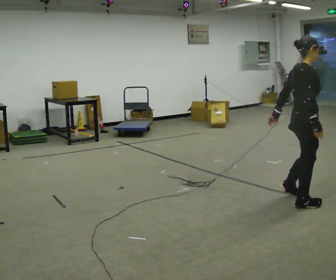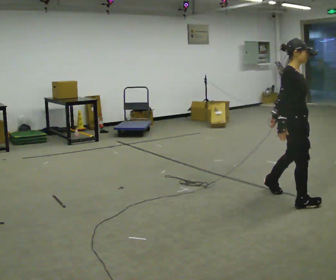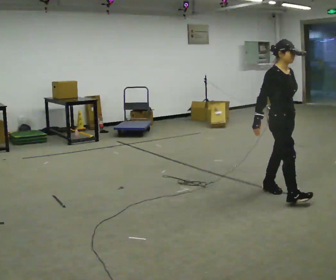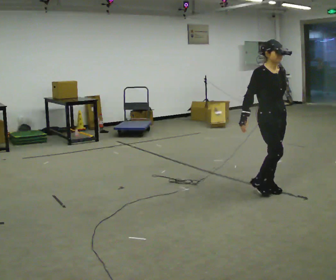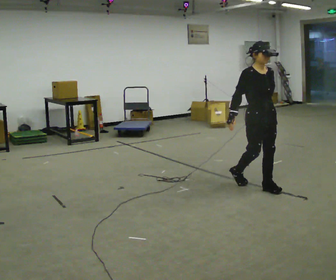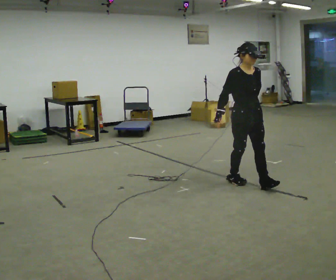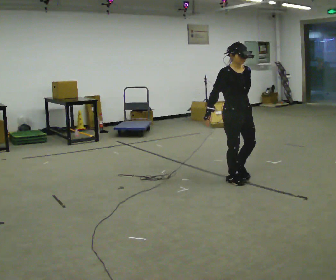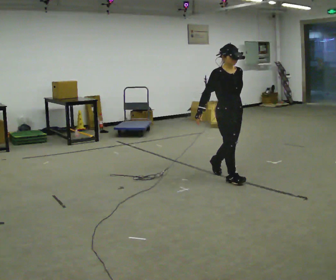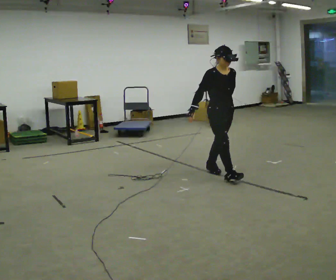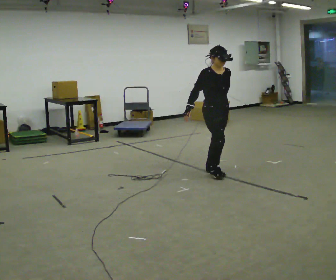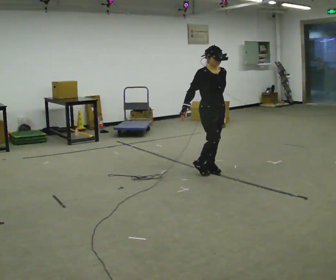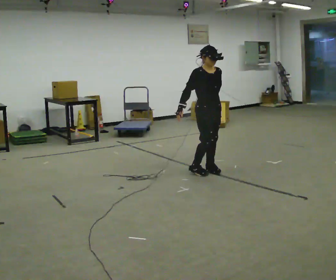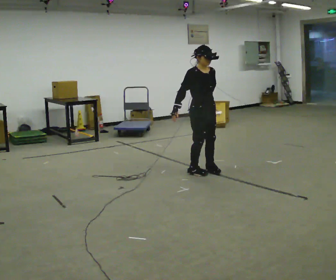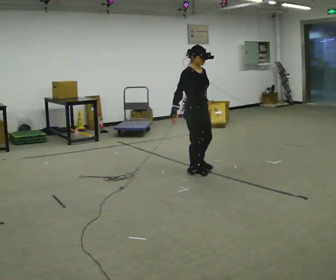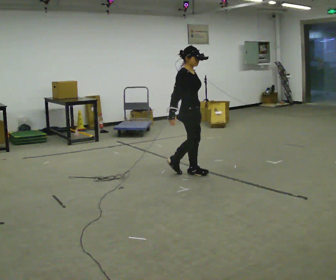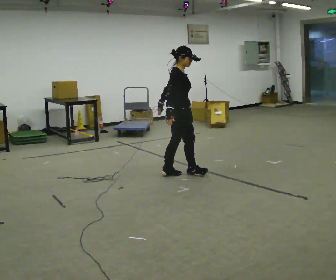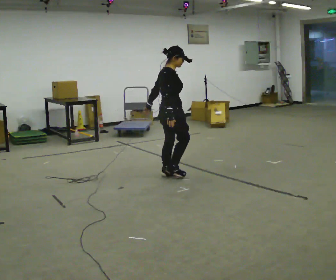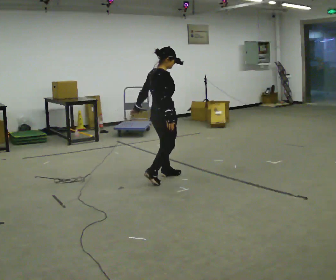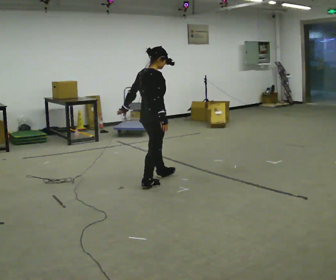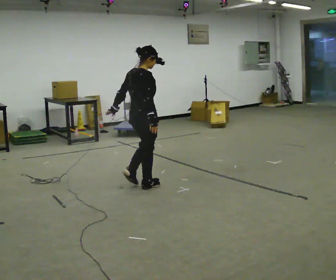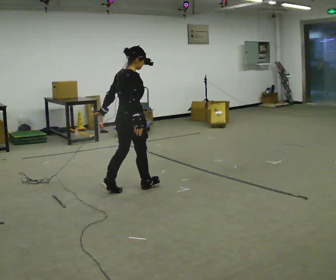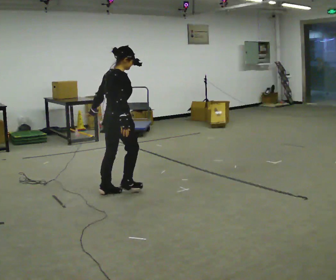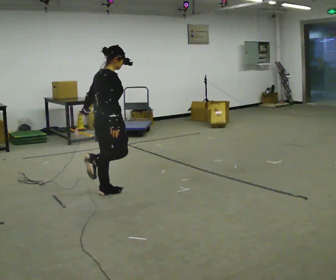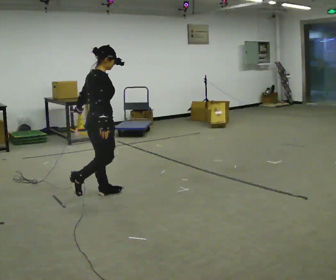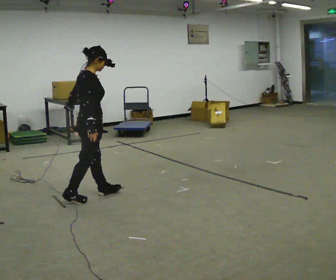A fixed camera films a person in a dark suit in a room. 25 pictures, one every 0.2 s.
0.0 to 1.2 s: The part of the body nearest the lens slides to the left as the person turns to their right by about 75 degrees. In the picture they go away from the camera and to the left, about 1 m in 2 steps.
1.2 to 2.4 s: In the picture they go away from the camera and to the left, about 0.5 m in 1 step, which for them is backward.
2.4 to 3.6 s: The part of the body nearest the lens slides to the right as the person turns to their left by about 90 degrees. In the picture they go to the left and toward the camera, about 0.5 m in 3 steps.
3.6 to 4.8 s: In the picture they go toward the camera and to the left, about 1 m in 1 step, which for them is backward.
The film runs backward here.
